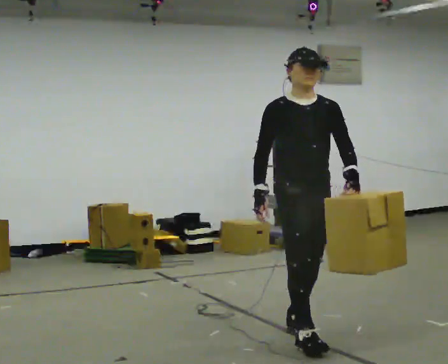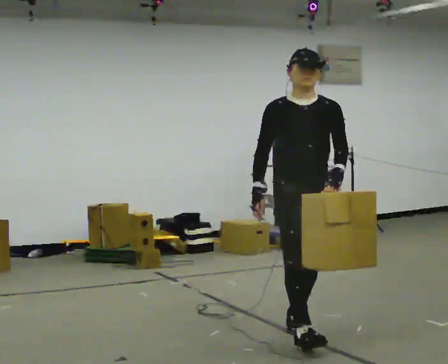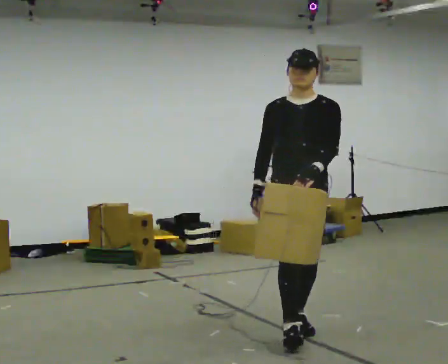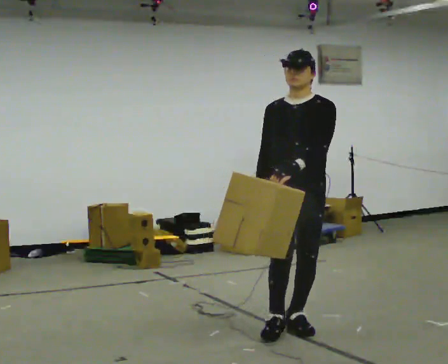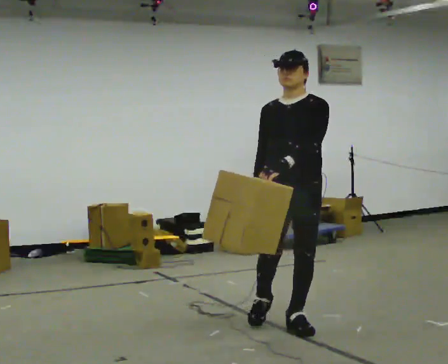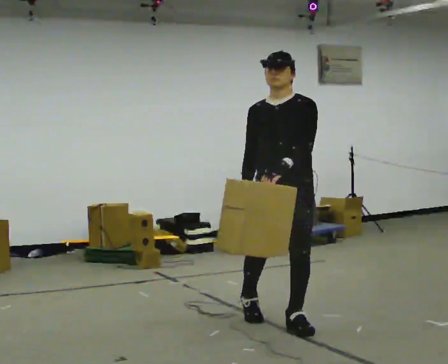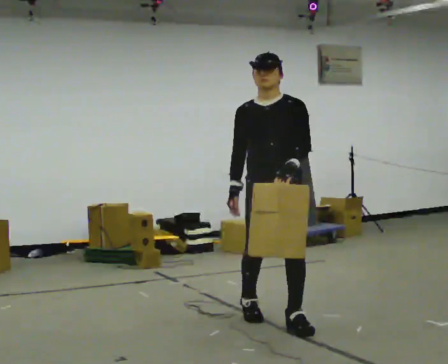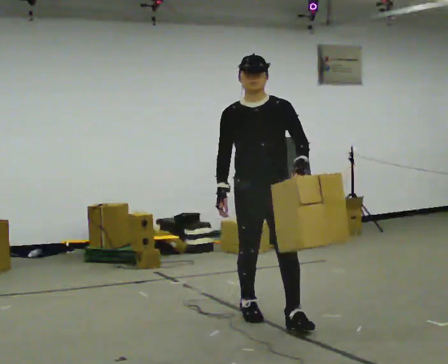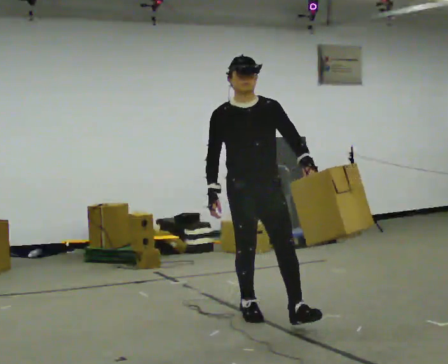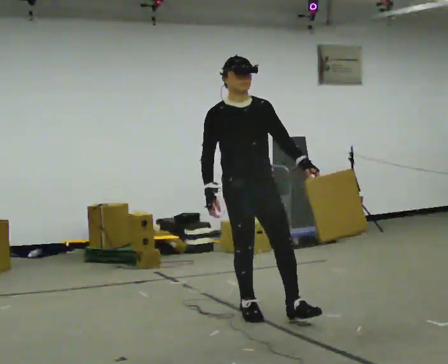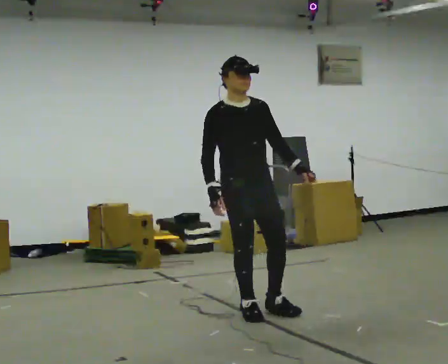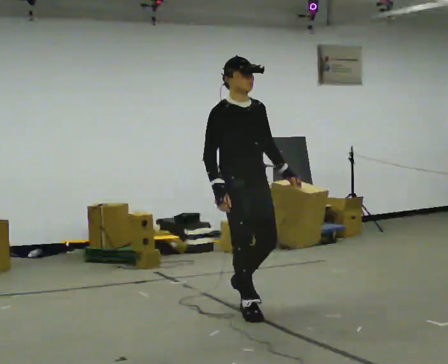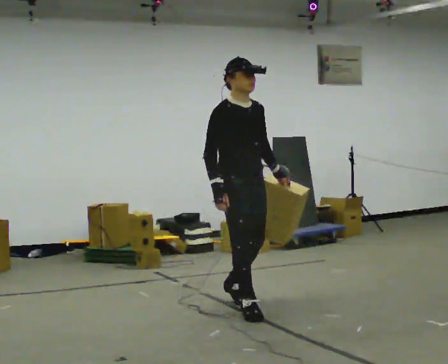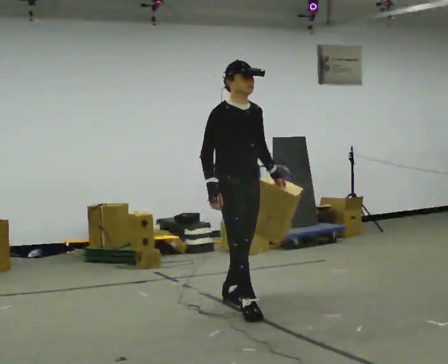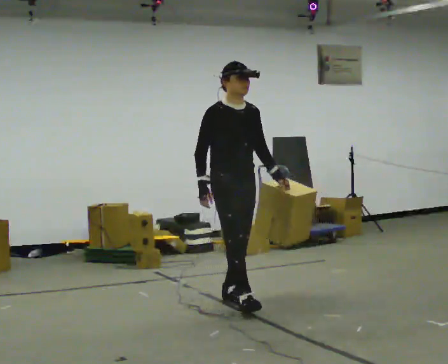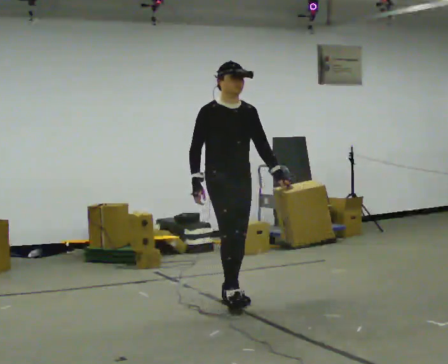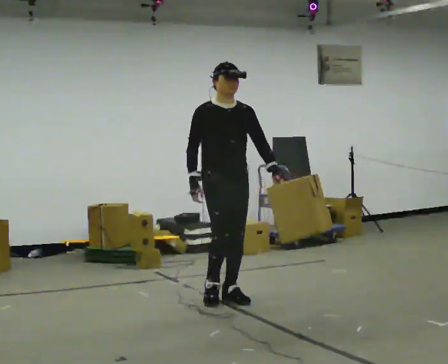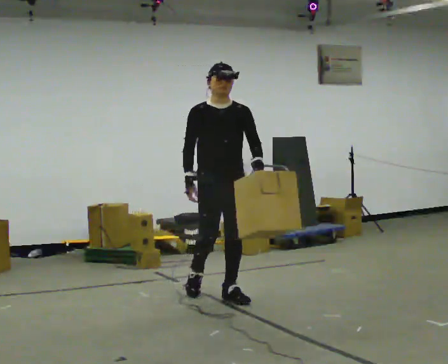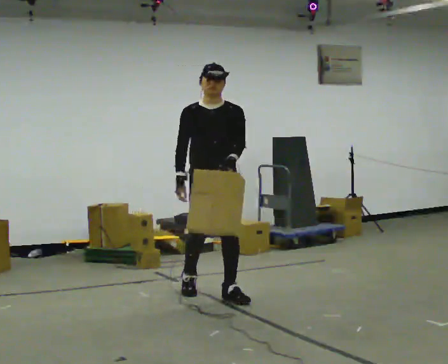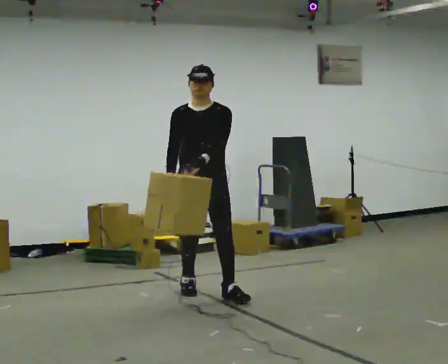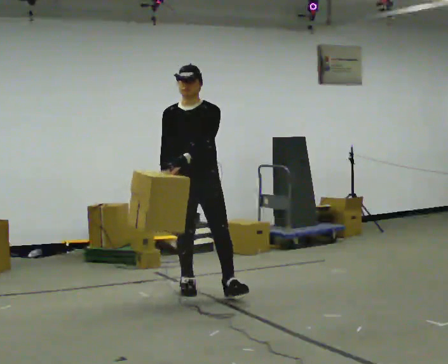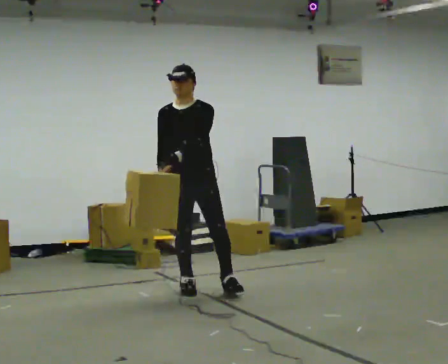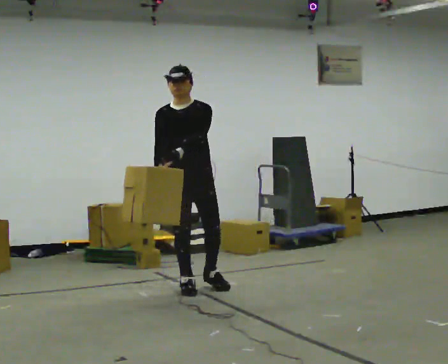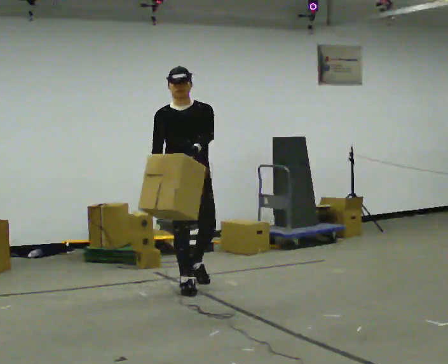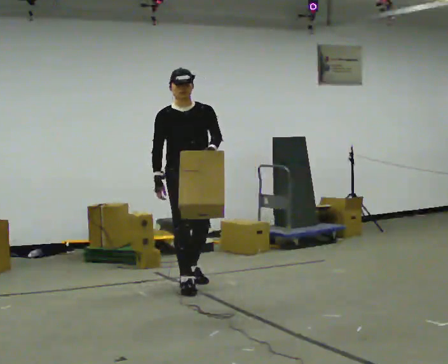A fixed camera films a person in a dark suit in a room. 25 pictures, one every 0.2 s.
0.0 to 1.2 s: The person turns about 30 degrees to their right, clockwise seen from above, so the part of the body nearest the lens slides to the left. In the picture they go away from the camera and to the left, about 0.5 m in 1 step, which for them is backward and to their right.
1.2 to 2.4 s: Seen from above the body turns counterclockwise, about 45 degrees: to their left, with its near side sliding to the right. In the picture they go away from the camera and to the left, about 0.5 m in 1 step, which for them is backward.
2.4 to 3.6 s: The part of the body nearest the lens slides to the left as the person turns to their right by about 30 degrees. In the picture they go away from the camera and to the left, about 0.5 m in 1 step, which for them is backward.
3.6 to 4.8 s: In the picture they go away from the camera and to the left, about 0.5 m in 1 step, which for them is backward and to their right.
The film runs backward here.
